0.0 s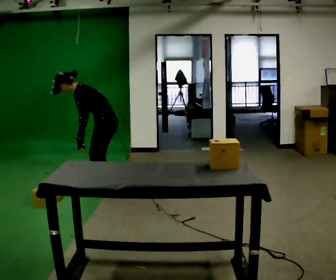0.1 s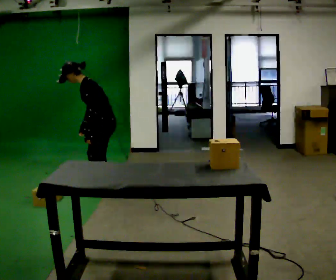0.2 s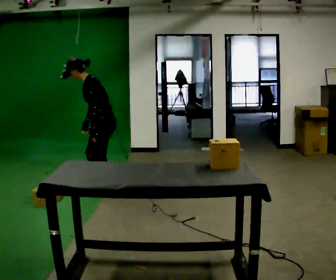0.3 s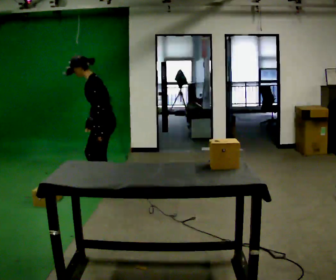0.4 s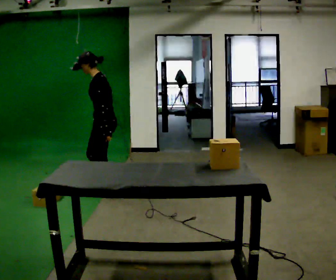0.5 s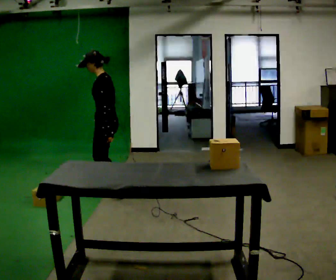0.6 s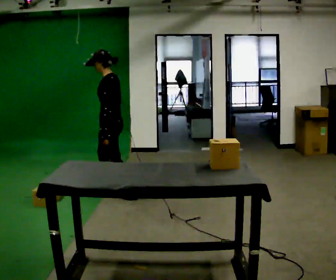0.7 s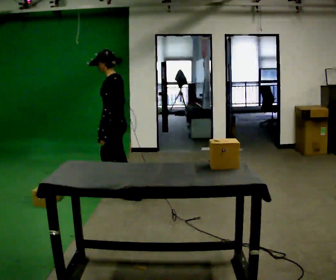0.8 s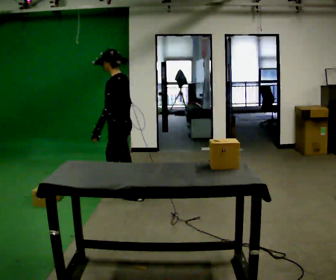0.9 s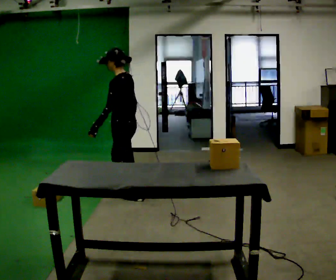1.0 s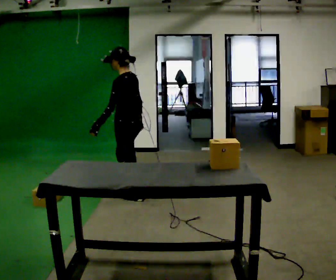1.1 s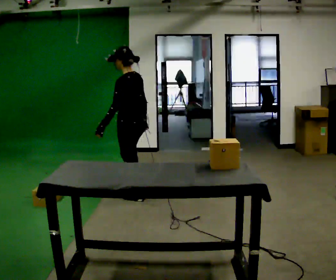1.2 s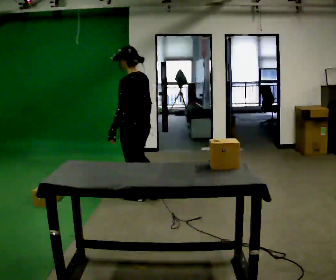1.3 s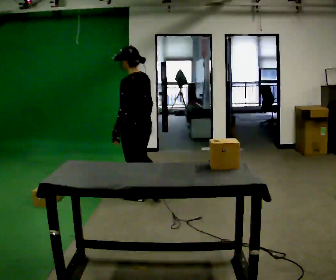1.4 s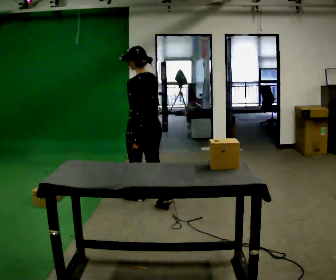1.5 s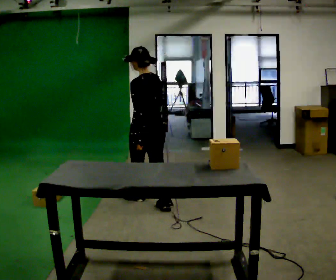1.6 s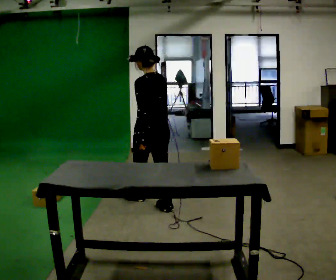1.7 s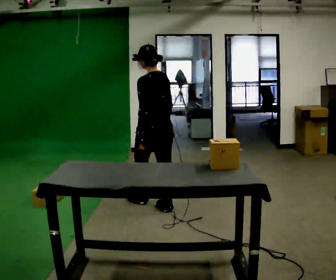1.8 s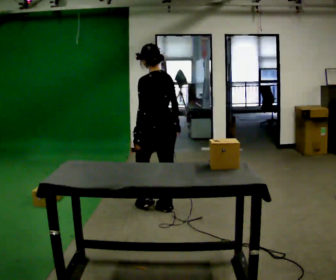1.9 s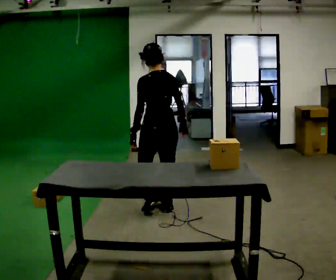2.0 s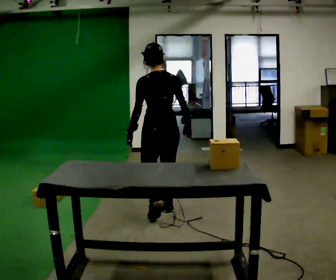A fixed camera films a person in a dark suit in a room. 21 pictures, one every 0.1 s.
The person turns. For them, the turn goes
to their right.
The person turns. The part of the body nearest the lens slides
to the left.
0.0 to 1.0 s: In the picture they go to the right and toward the camera, about 0.25 m in 2 steps, which for them is backward and to their left. In the picture the upper body tilts clockwise, shoulders to the right, as they lean back or straighten.
1.0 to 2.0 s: The person turns about 45 degrees to their right, clockwise seen from above, so the part of the body nearest the lens slides to the left. In the picture they go toward the camera and to the right, about 0.5 m in 1 step, which for them is backward.
The film runs backward here.
